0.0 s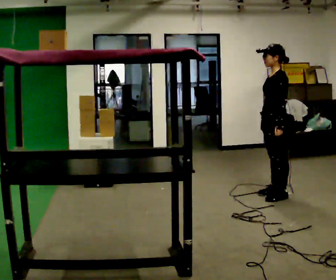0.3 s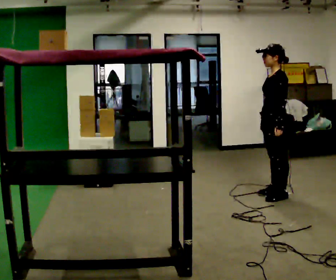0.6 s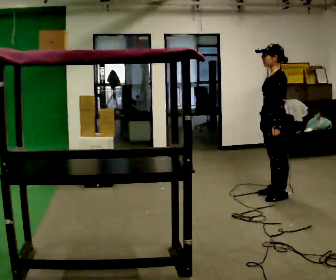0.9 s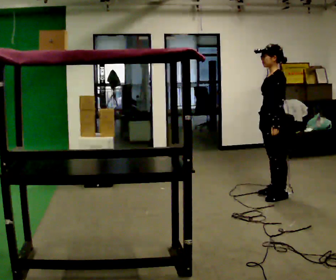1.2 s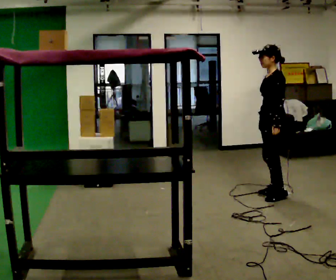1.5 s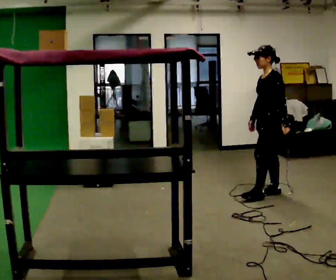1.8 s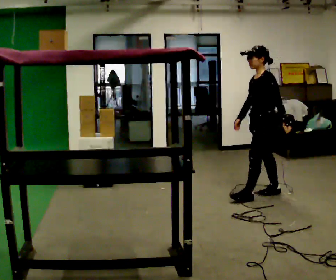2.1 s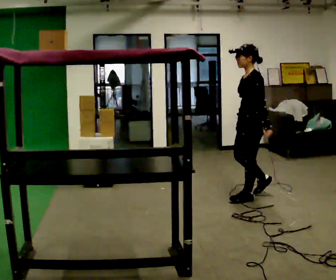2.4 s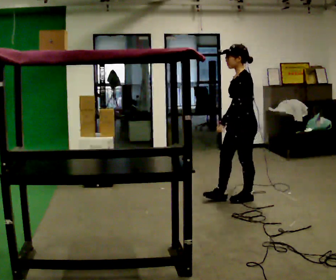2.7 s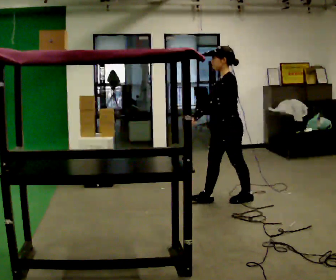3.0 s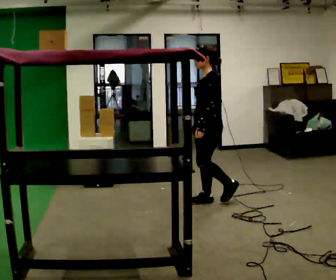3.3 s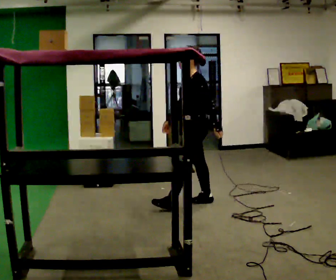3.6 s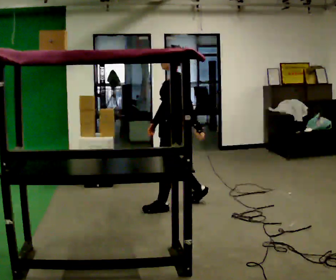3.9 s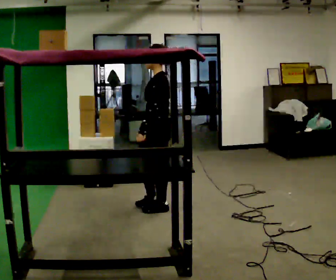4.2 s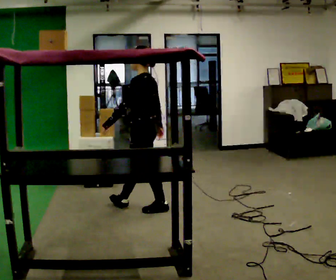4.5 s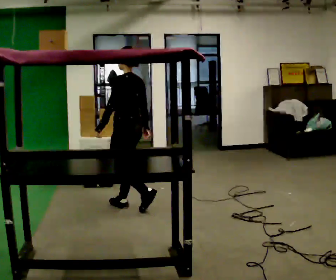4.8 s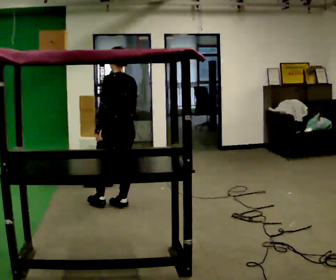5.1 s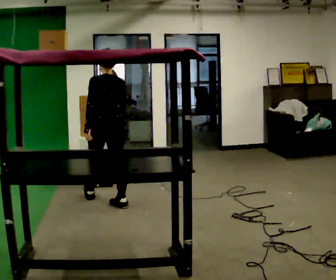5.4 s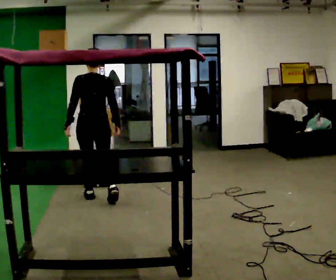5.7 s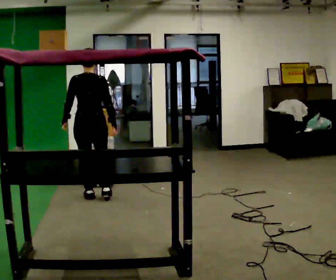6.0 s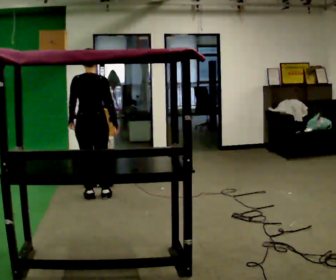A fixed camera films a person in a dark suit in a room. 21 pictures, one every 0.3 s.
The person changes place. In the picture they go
to the left.
0.0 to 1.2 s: The person moves a little, or ends about where they began.
1.2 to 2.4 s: In the picture they go to the left and toward the camera, about 0.25 m in 1 step, which for them is forward.
2.4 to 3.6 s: In the picture they go to the left, about 0.5 m in 2 steps, which for them is forward.
3.6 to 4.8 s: Seen from above the body turns clockwise, about 60 degrees: to their right, with its near side sliding to the left. In the picture they go to the left, about 0.5 m in 1 step, which for them is forward.
4.8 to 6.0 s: The person turns about 30 degrees to their right, clockwise seen from above, so the part of the body nearest the lens slides to the left. In the picture they go to the left and away from the camera, about 0.5 m in 2 steps, which for them is forward and to their left.
The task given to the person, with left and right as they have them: Take an object from the waist-height shelf, carry it across the room, and place it on the highest shelf you can comfortably reach. Keep going until the operator says stop; one object at a time, and do not rush between trips.
The film runs forward here.
